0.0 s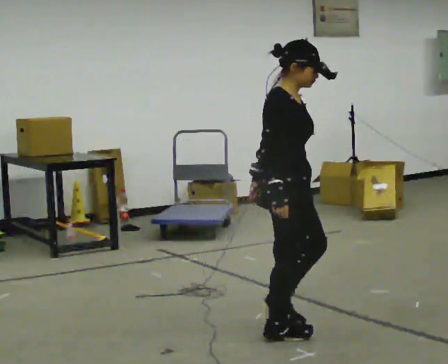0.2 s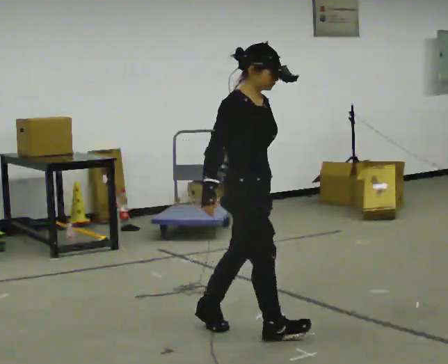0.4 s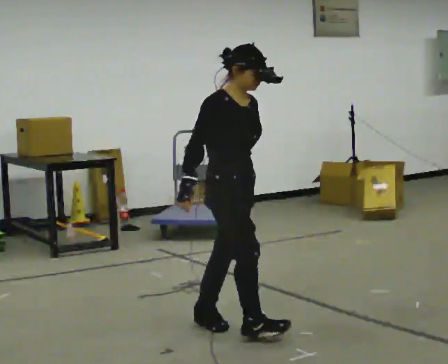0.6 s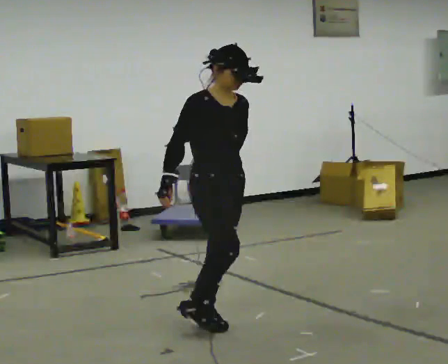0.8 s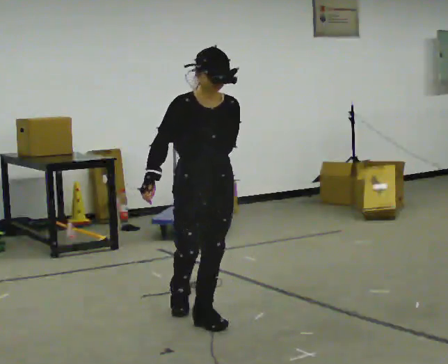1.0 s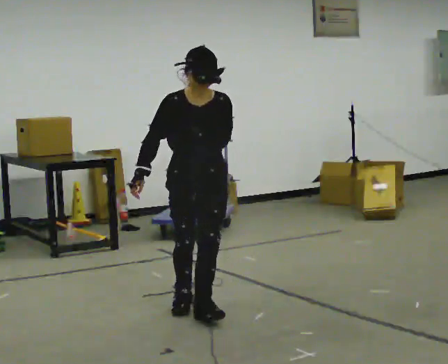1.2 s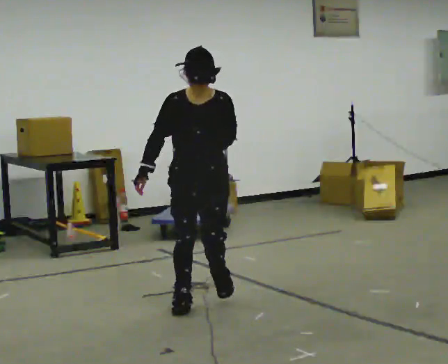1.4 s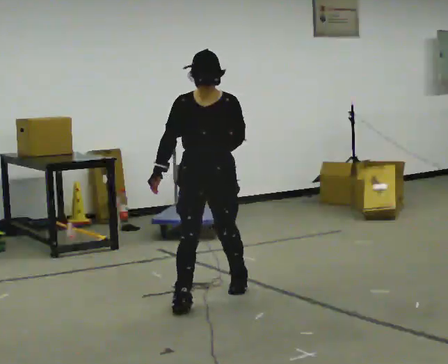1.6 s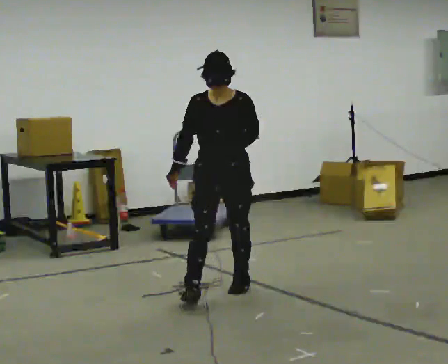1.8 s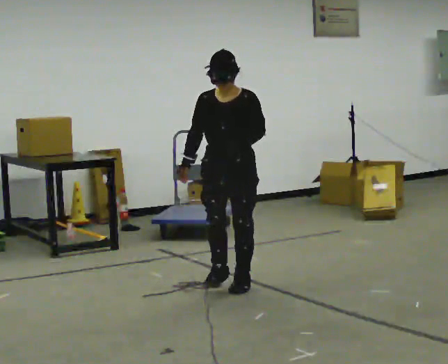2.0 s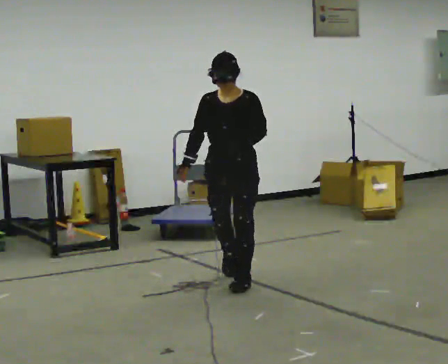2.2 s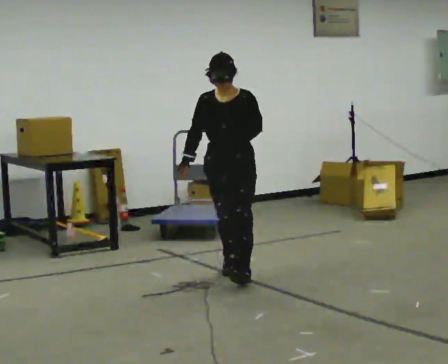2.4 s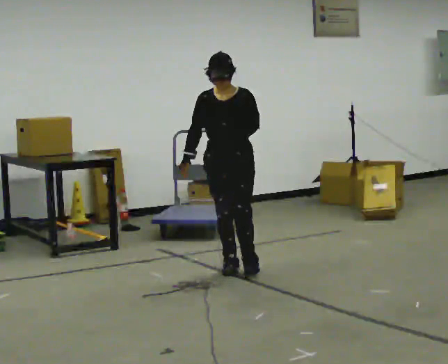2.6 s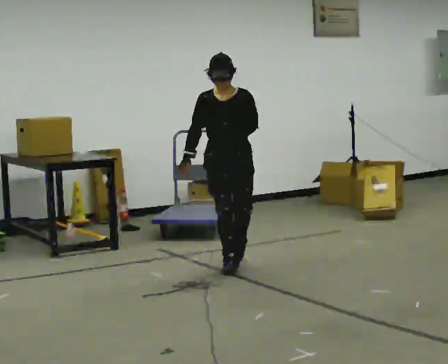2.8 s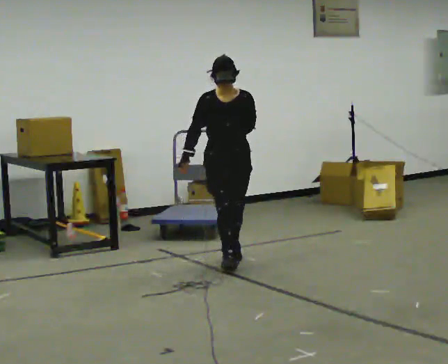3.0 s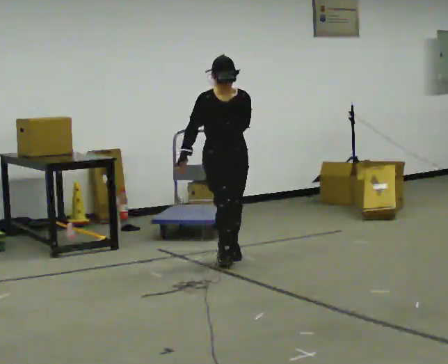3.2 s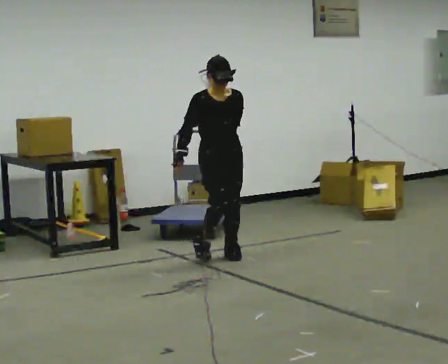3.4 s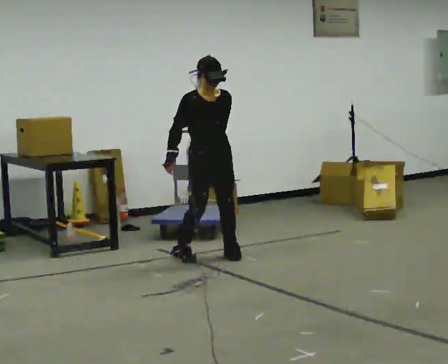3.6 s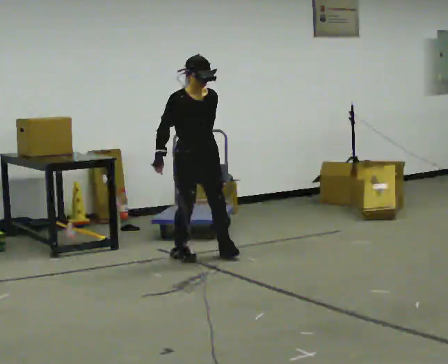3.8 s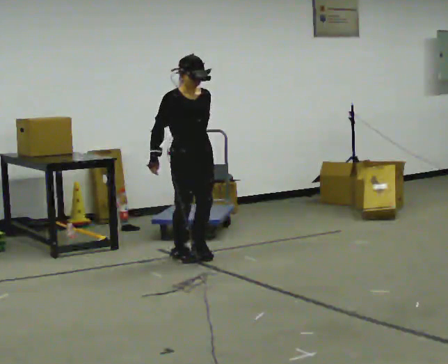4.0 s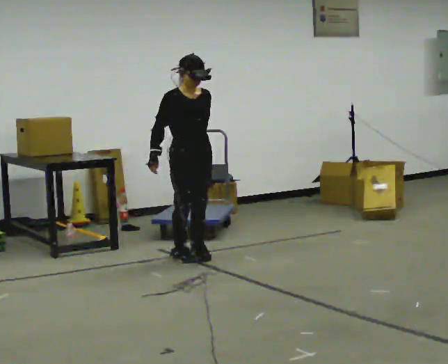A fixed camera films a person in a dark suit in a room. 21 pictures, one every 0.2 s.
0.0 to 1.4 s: The person turns about 90 degrees to their right, clockwise seen from above, so the part of the body nearest the lens slides to the left. In the picture they go away from the camera and to the left, about 1 m in 2 steps.
1.4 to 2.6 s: In the picture they go away from the camera, about 1 m in 2 steps, which for them is backward.
2.6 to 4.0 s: Seen from above the body turns counterclockwise, about 30 degrees: to their left, with its near side sliding to the right. In the picture they go away from the camera and to the left, about 0.5 m in 2 steps, which for them is backward.
The film runs backward here.
